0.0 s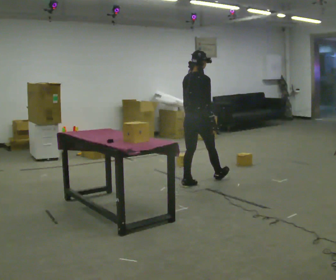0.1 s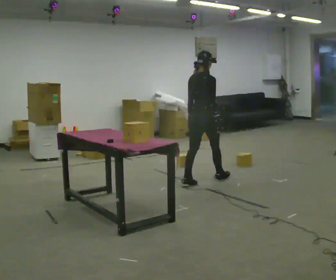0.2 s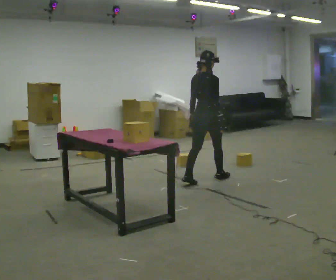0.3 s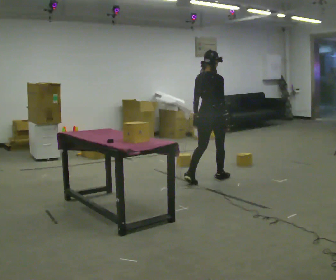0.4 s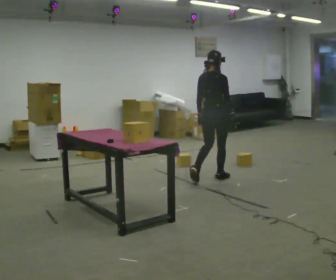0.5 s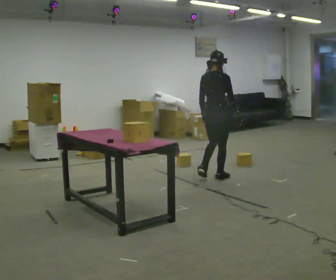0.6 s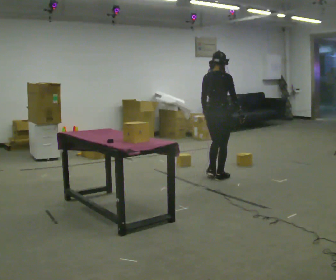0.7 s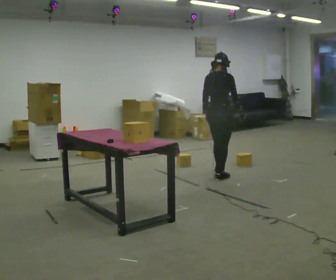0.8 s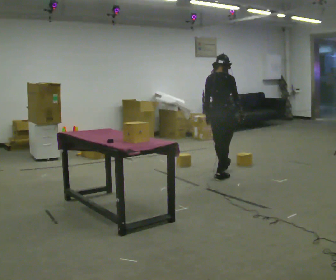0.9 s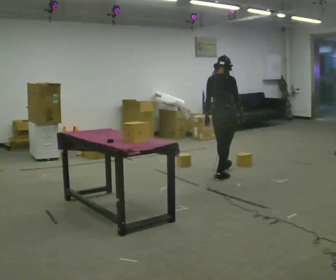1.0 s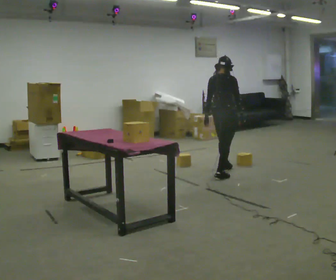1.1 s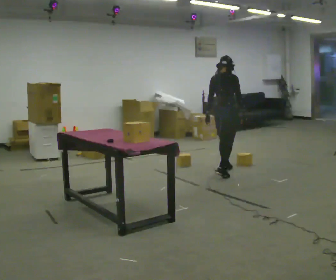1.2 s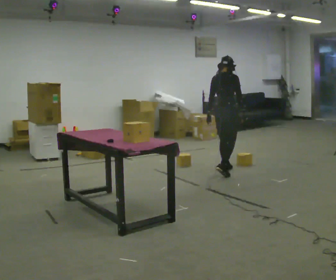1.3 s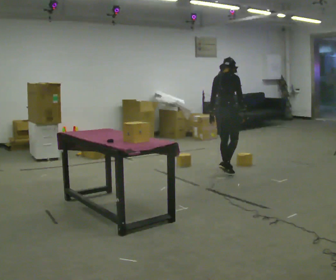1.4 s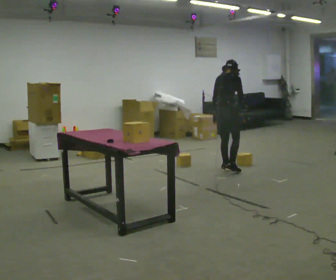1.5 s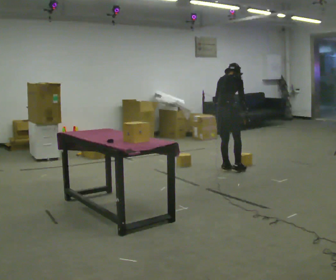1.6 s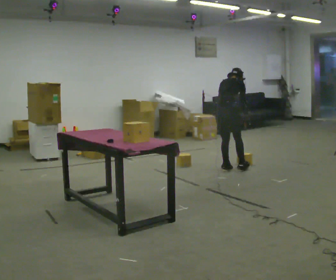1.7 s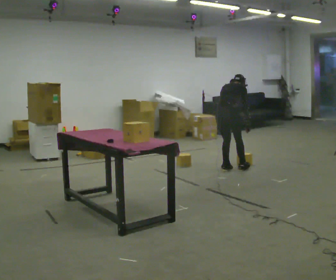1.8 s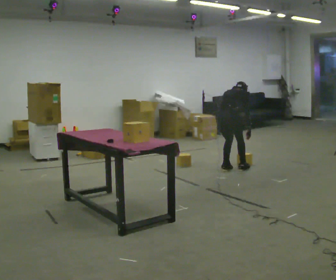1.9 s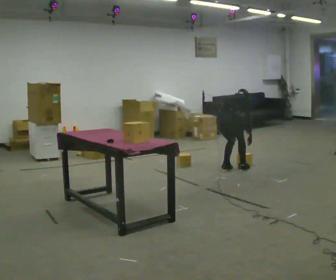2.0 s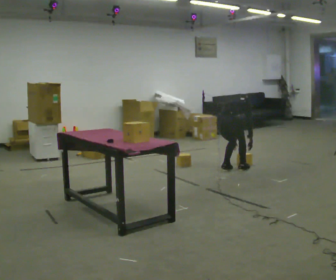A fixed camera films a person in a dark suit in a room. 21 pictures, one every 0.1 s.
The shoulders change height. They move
downward.
Their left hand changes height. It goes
downward.
0.0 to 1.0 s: In the picture they go away from the camera and to the right, about 0.5 m in 1 step, which for them is forward.
1.0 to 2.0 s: The upper body goes downward. The upper body tips away from the camera, its near side rolling upward, as they bend forward. In the picture their left hand goes downward and to the right.
The film runs forward here.
